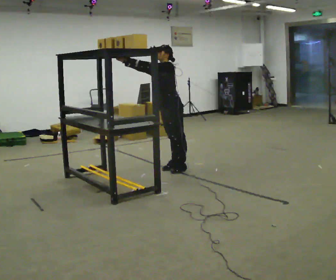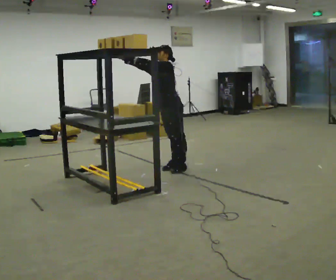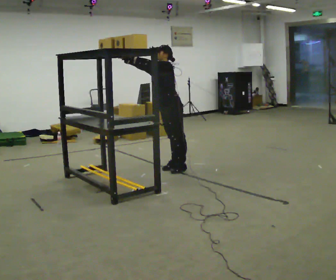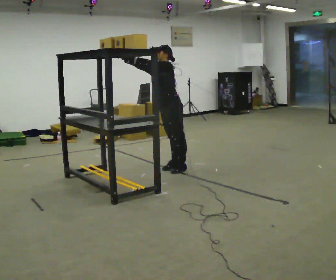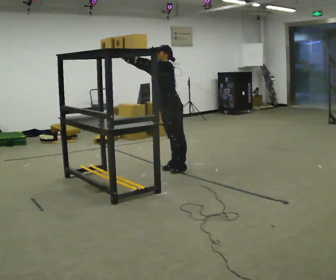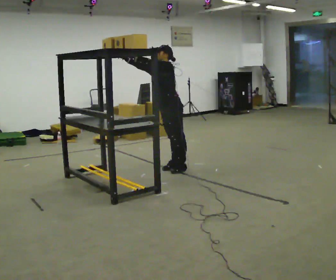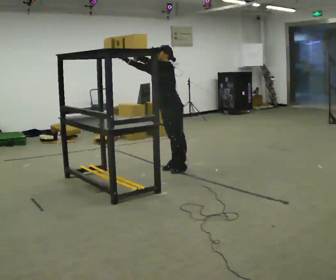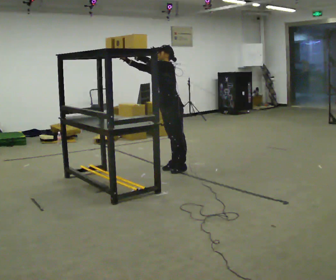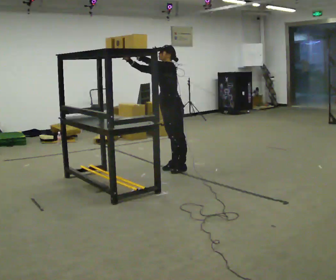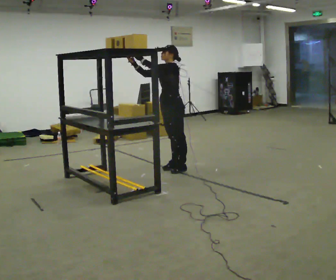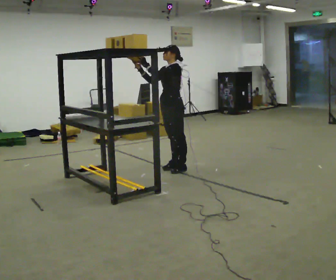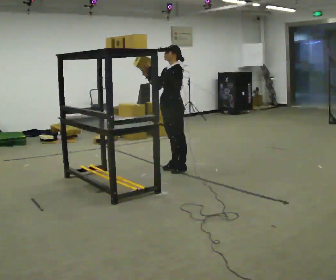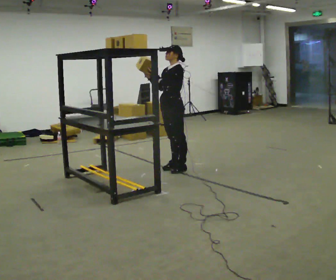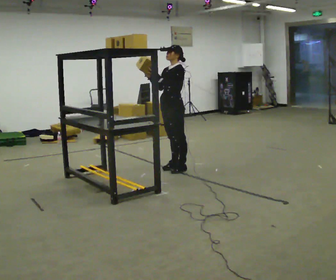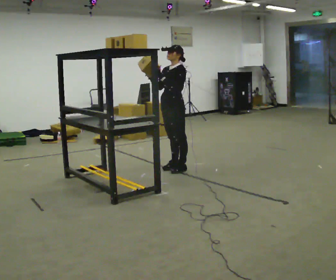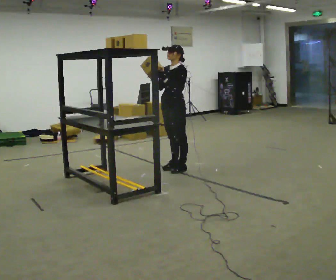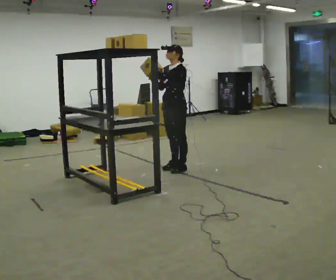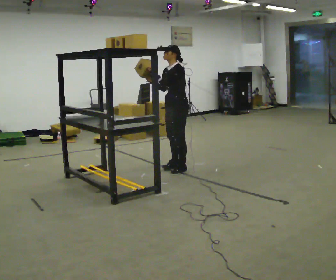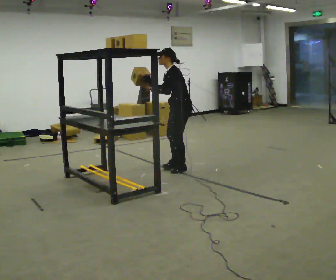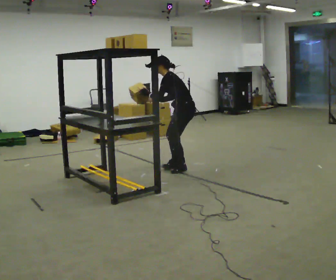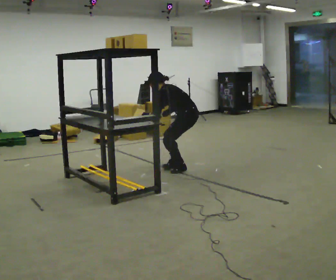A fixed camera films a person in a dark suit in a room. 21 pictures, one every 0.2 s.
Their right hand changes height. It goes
downward.
0.0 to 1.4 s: The person moves a little, or ends about where they began.
1.4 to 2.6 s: In the picture the upper body tilts clockwise, shoulders to the right.
2.6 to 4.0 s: Seen from above the body turns clockwise, about 45 degrees: to their right, with its near side sliding to the left. In the picture they go to the right, about 0.25 m, which for them is to their left and backward. The upper body goes downward. In the picture the upper body tilts counterclockwise, shoulders to the left, as they bend forward. In the picture their right hand goes downward.
The film runs backward here.
